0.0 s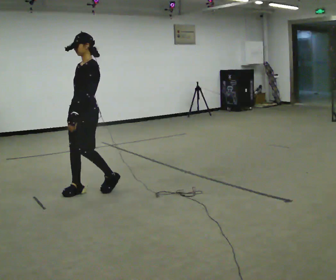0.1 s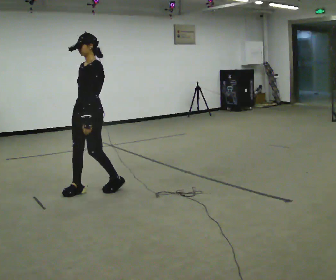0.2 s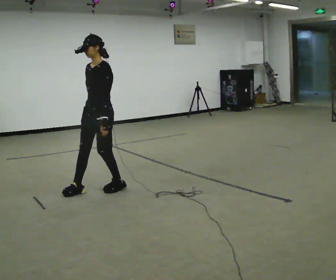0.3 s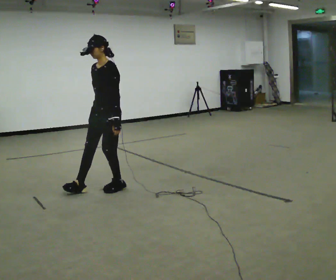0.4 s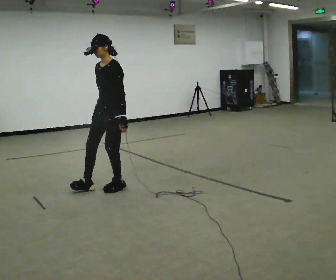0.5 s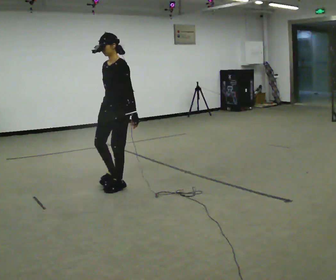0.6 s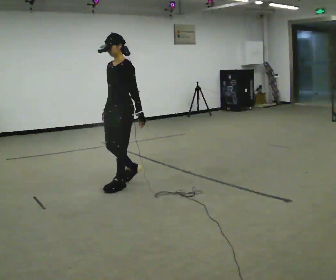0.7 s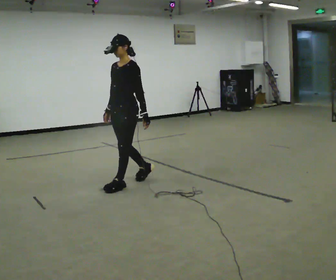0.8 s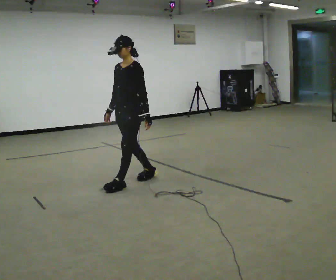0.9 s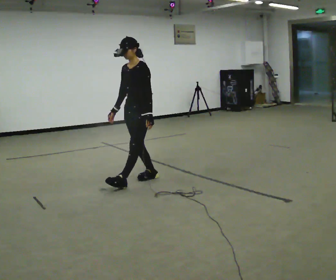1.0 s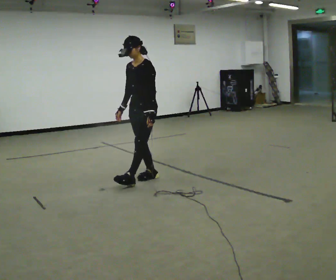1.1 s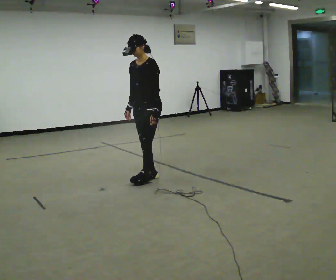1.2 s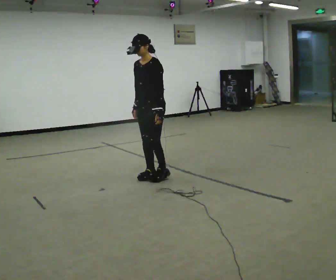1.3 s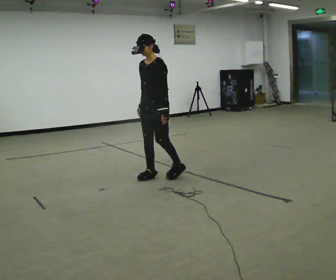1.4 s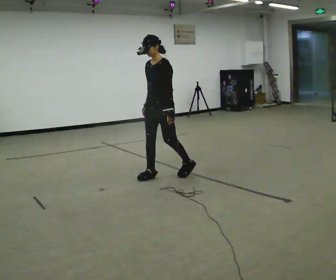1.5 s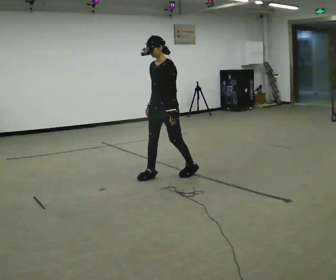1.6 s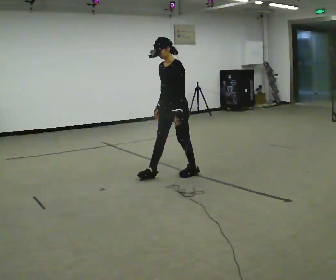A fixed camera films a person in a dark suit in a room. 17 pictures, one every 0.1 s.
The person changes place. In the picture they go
to the right.
0.0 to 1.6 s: In the picture they go to the right and away from the camera, about 1 m in 3 steps, which for them is backward.
The film runs forward here.
